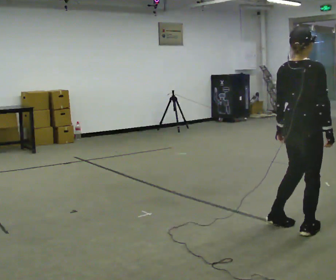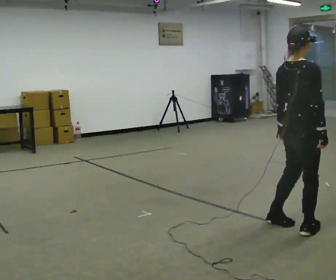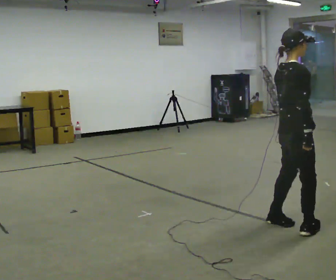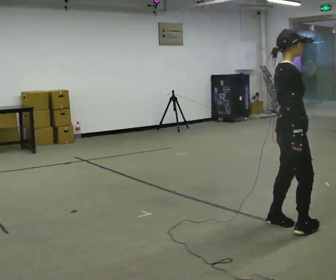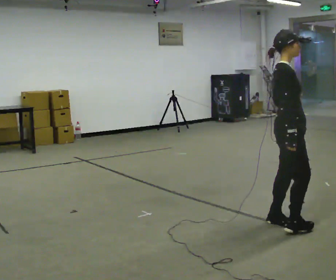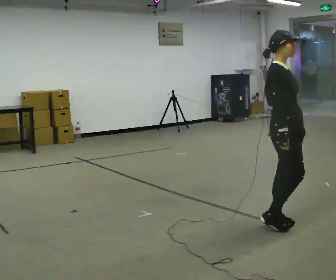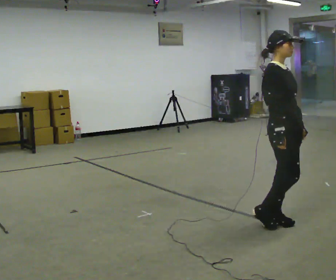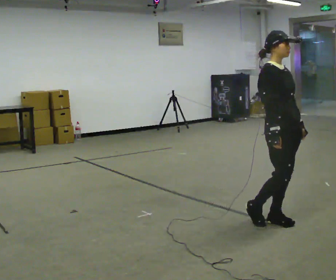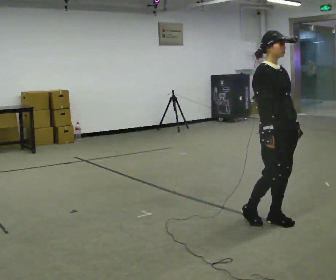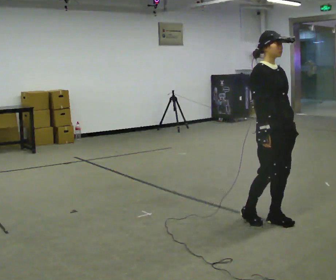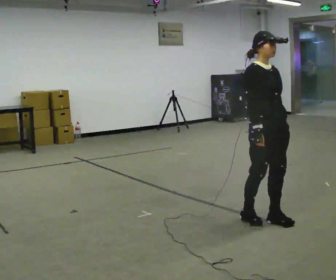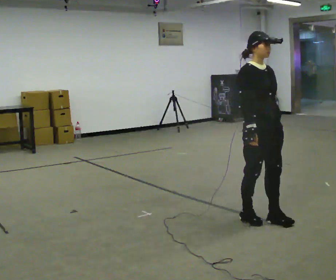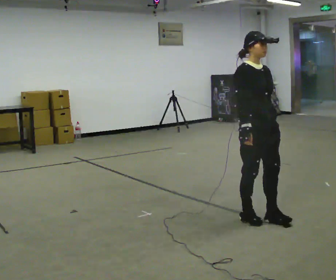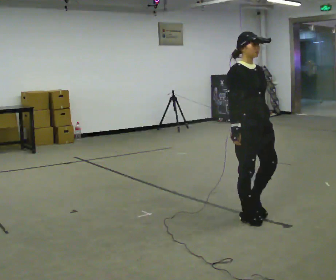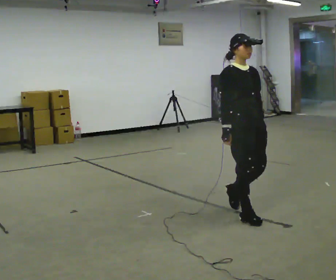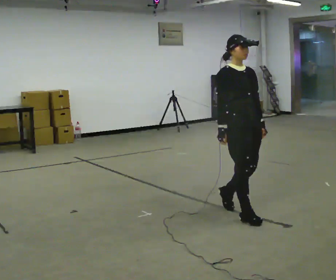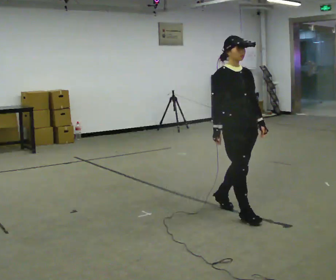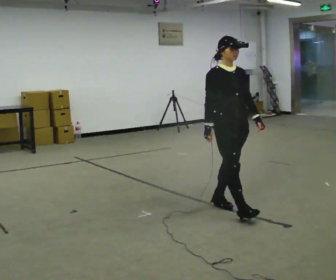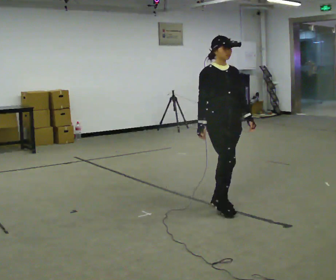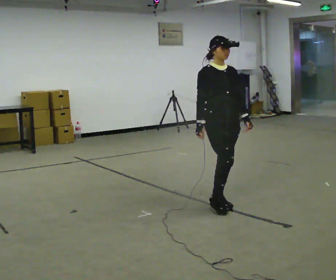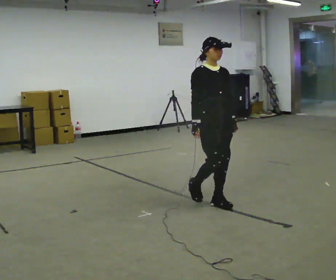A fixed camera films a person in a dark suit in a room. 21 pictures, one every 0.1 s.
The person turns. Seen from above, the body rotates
clockwise.
The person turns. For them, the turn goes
to their right.
0.0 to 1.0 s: The part of the body nearest the lens slides to the left as the person turns to their right by about 90 degrees. In the picture they go to the left and away from the camera, about 0.5 m in 1 step.
1.0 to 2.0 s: In the picture they go away from the camera and to the left, about 0.75 m in 2 steps, which for them is backward.
The film runs backward here.
